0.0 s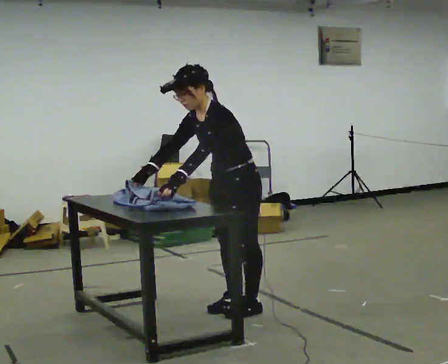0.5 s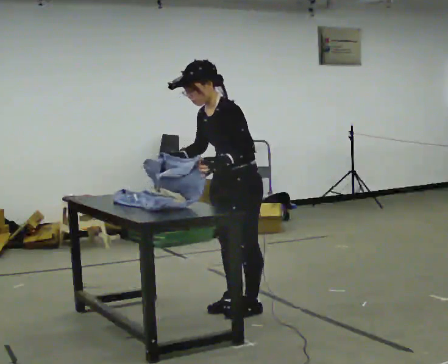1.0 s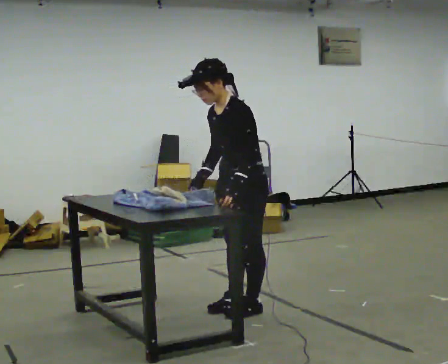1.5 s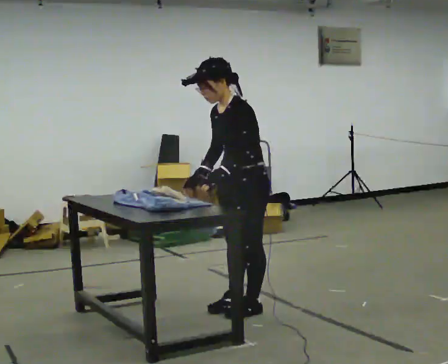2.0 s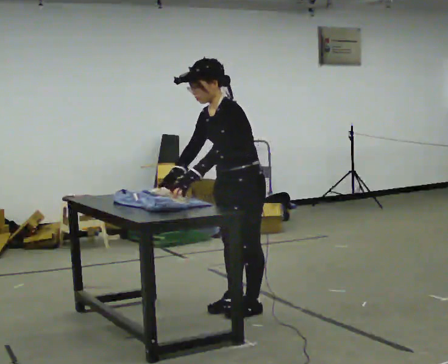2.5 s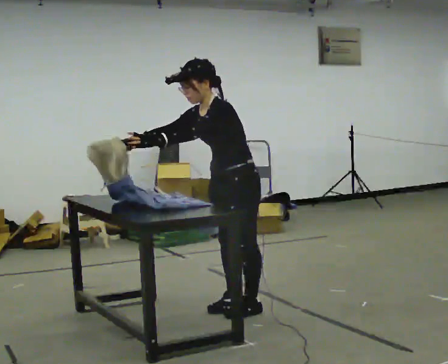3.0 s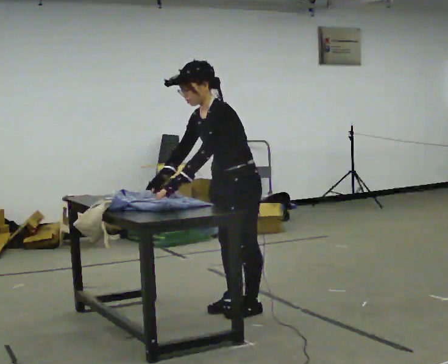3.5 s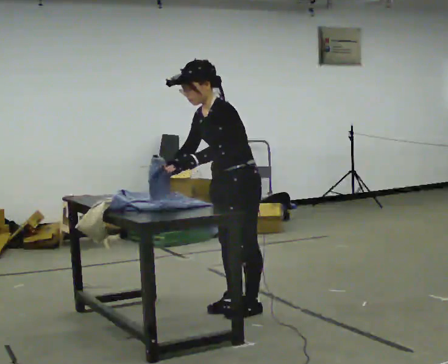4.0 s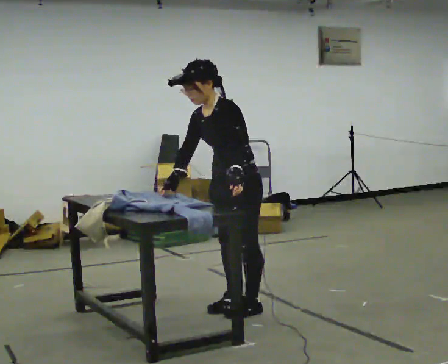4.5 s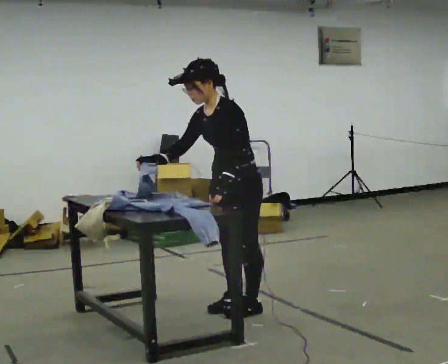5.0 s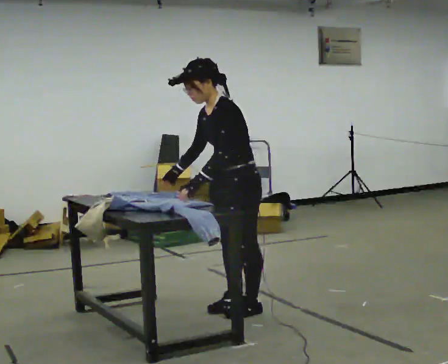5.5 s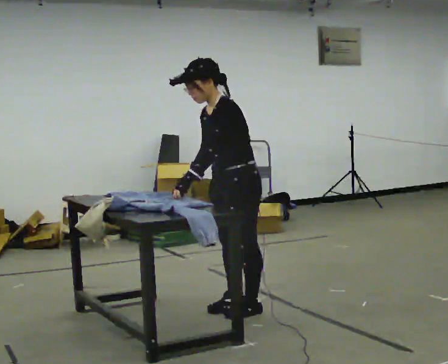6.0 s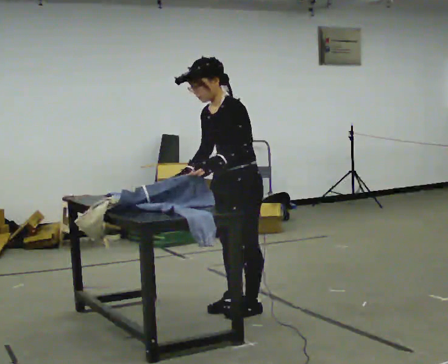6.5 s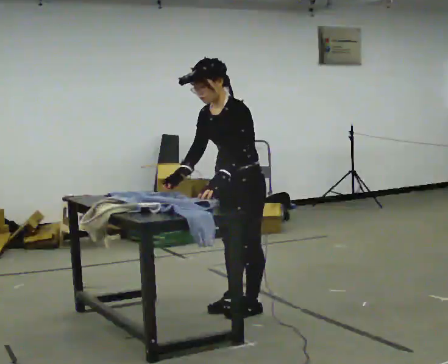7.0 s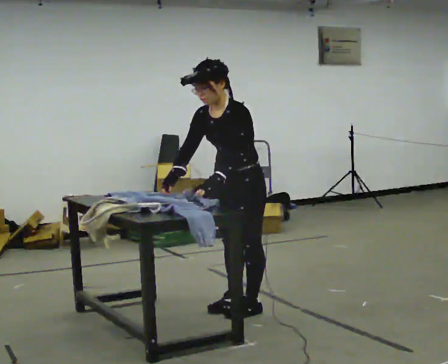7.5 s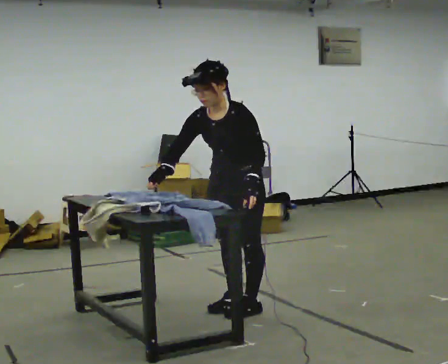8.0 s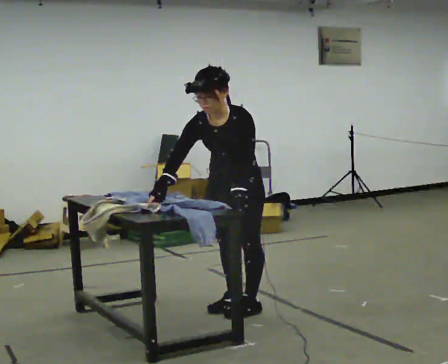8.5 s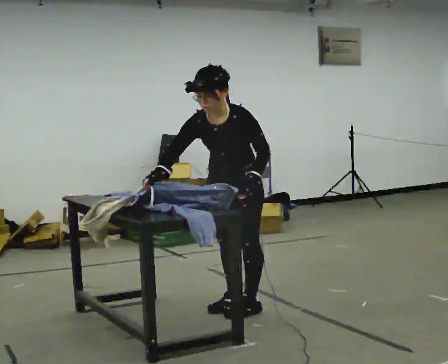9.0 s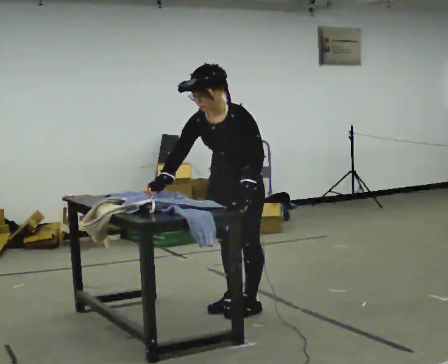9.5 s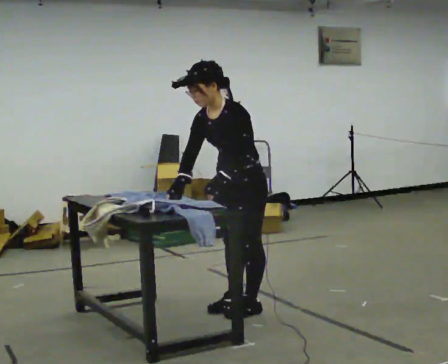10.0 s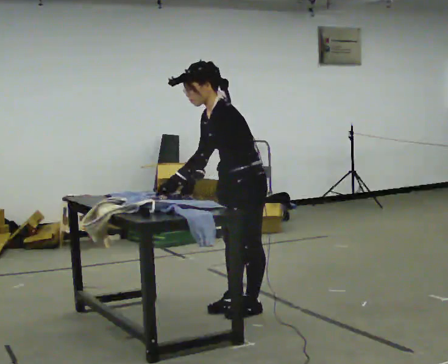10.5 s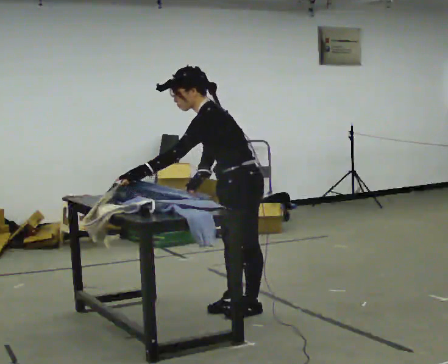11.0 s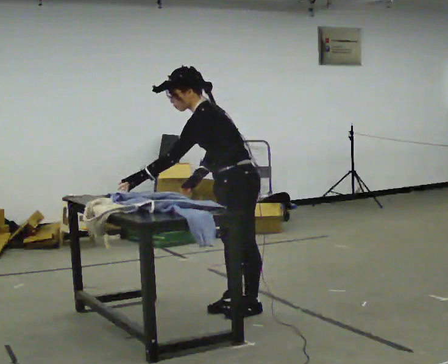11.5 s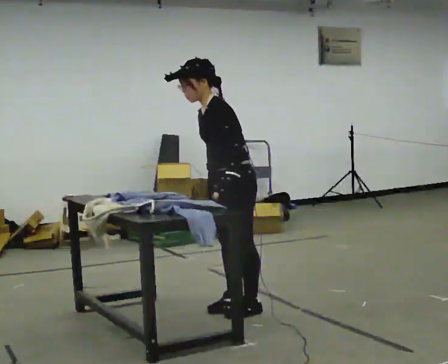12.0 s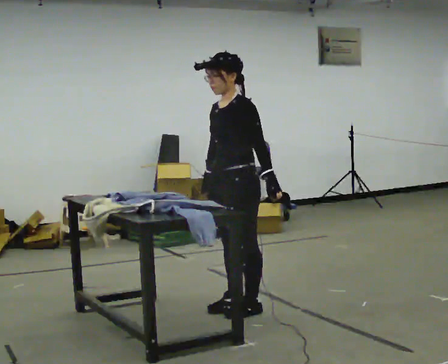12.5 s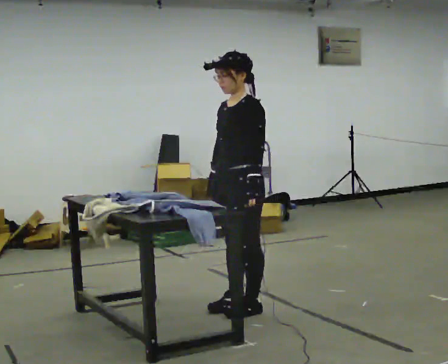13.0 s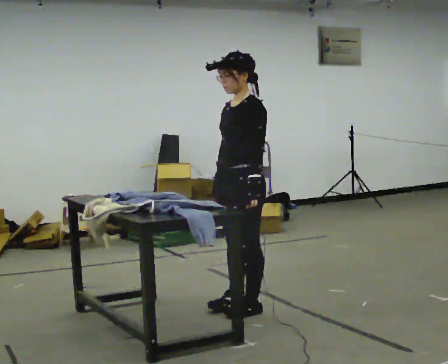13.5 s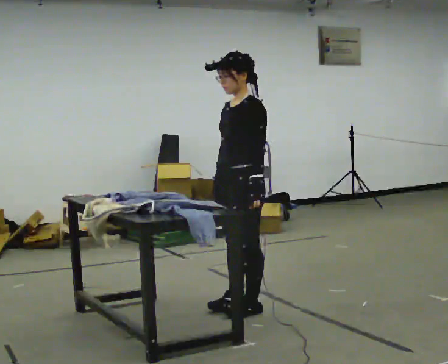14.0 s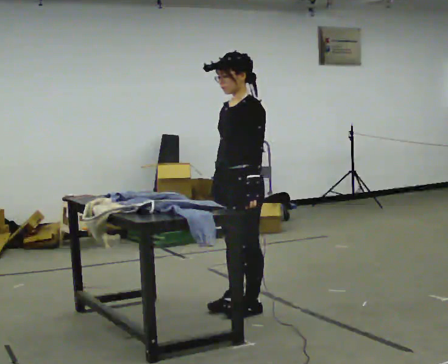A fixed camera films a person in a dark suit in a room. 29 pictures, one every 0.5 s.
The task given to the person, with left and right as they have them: Fold the cloth in half, then in half again, then unfold it. Repeat at your own pace until the operator says stop. Keep both feet on the marked spots for the whole take. If you have to step, stop and tell the operator.
0.0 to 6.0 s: The person moves a little, or ends about where they began.
6.0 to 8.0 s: Seen from above the body turns counterclockwise, about 30 degrees: to their left, with its near side sliding to the right. The upper body tips toward the camera, its near side rolling downward, as they bend forward.
8.0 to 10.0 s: Seen from above the body turns clockwise, about 45 degrees: to their right, with its near side sliding to the left. The upper body tips away from the camera, its near side rolling upward. In the picture their left hand goes to the left, the arm swinging clockwise.
10.0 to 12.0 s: In the picture their left hand goes to the right.
12.0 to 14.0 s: The person moves a little, or ends about where they began.
The film runs forward here.
